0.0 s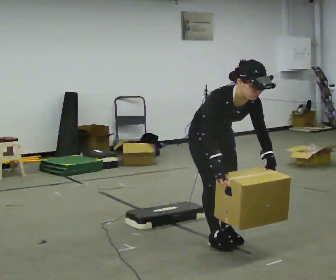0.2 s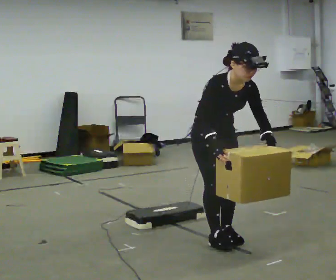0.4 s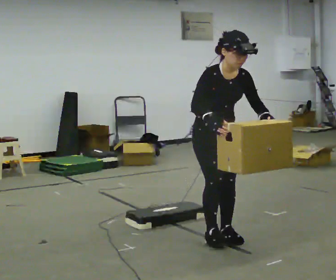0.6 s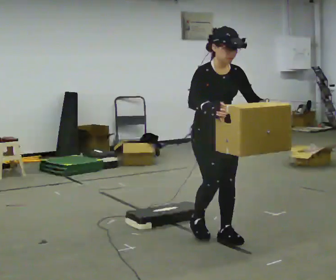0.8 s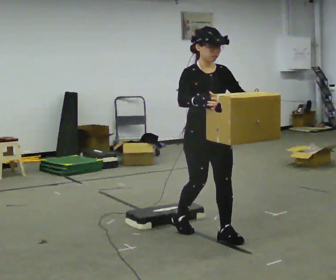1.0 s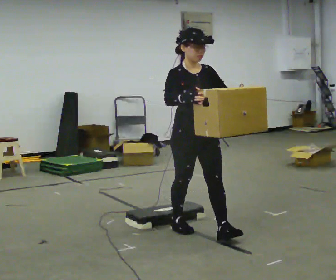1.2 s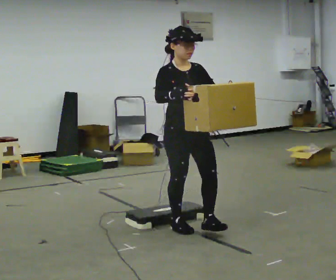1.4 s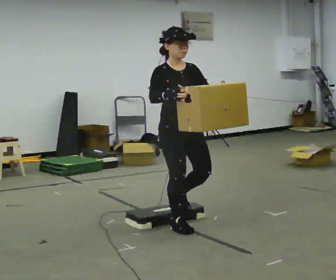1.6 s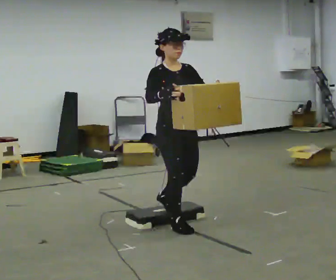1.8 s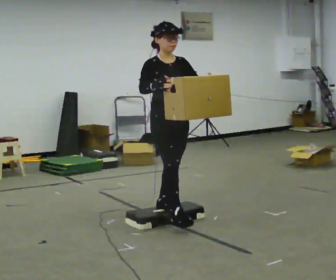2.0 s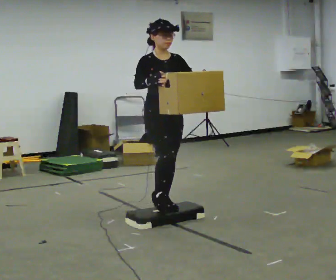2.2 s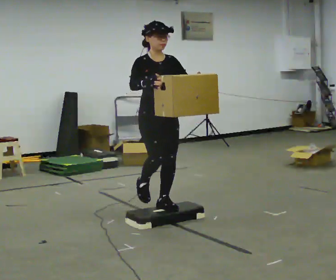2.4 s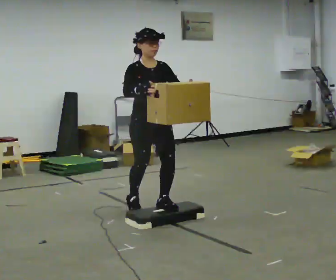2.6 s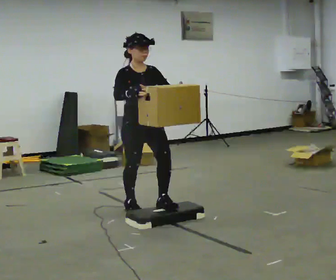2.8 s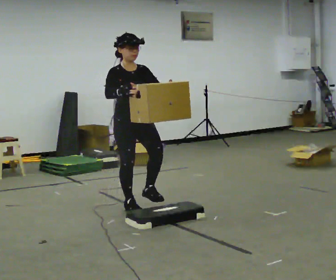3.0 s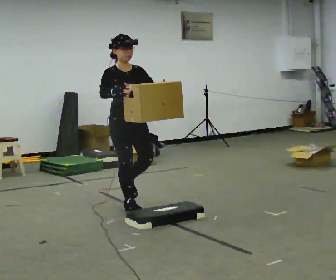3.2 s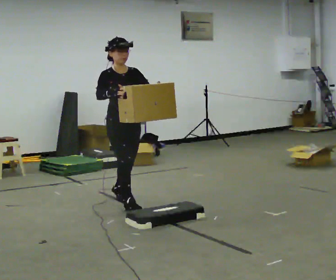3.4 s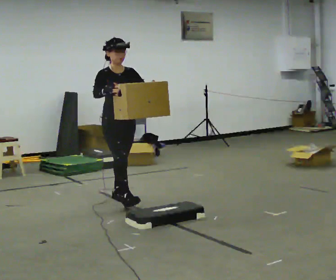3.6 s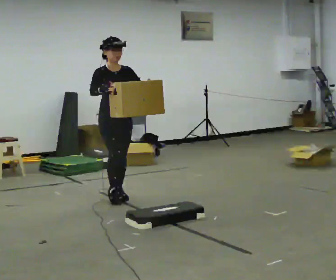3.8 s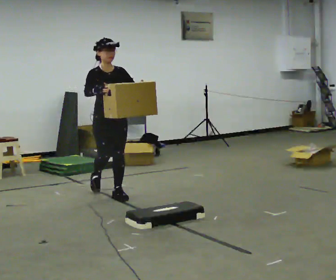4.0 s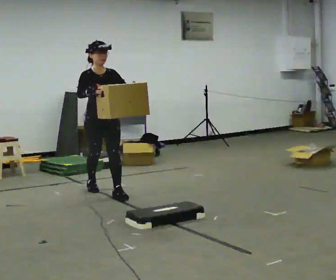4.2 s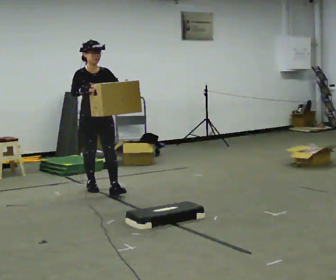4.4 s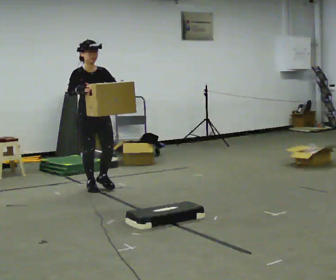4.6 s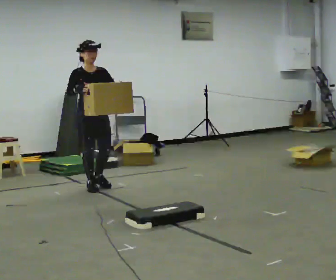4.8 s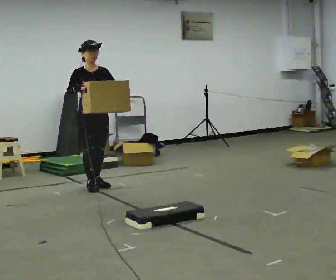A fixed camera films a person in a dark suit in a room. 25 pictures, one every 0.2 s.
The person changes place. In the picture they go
away from the camera.
0.0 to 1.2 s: In the picture they go away from the camera and to the left, about 0.25 m in 2 steps, which for them is backward. The upper body goes upward. The upper body tips away from the camera, its near side rolling upward, as they lean back or straighten. In the picture their right hand goes upward.
1.2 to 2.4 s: In the picture they go away from the camera and to the left, about 0.5 m in 1 step, which for them is backward.
2.4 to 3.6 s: In the picture they go away from the camera and to the left, about 0.5 m in 2 steps, which for them is backward.
3.6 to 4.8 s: In the picture they go away from the camera and to the left, about 0.5 m in 1 step, which for them is backward.
The film runs backward here.
